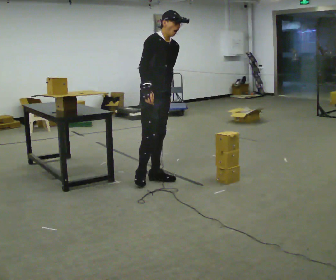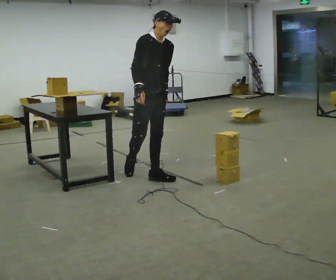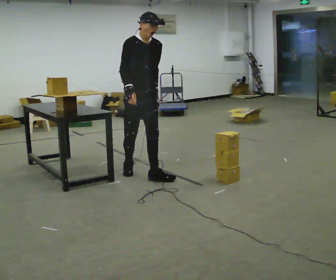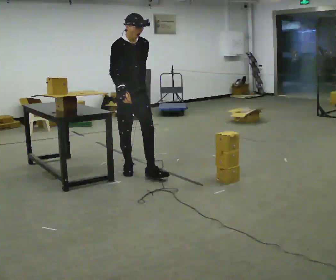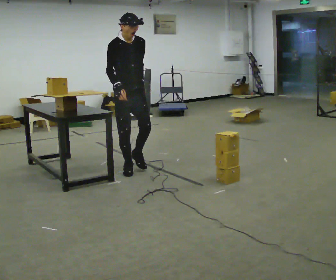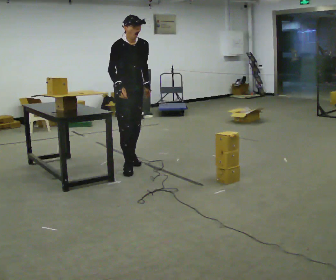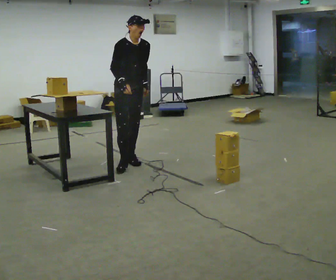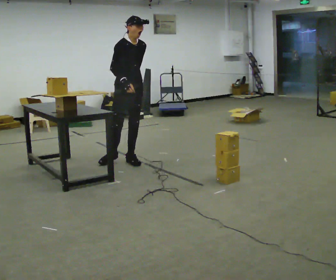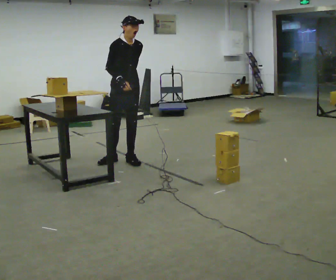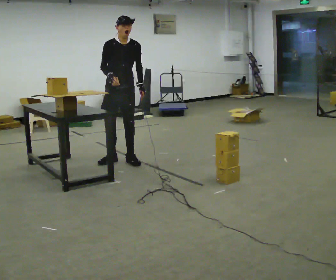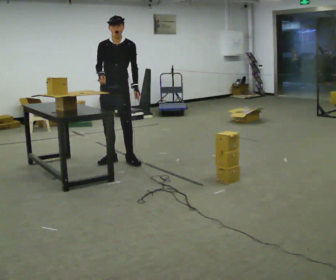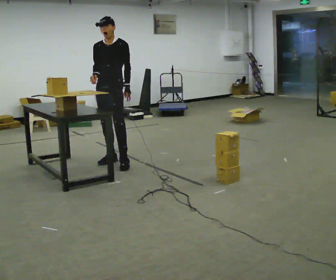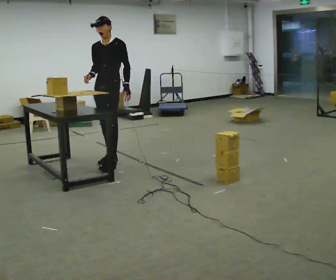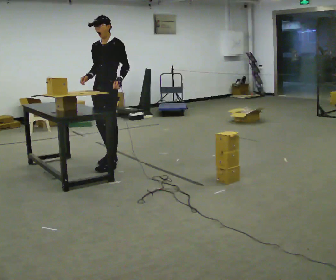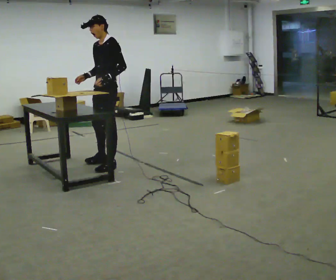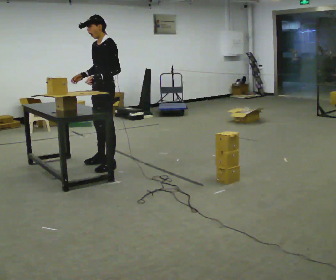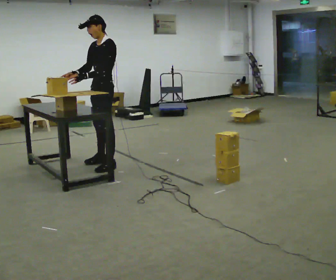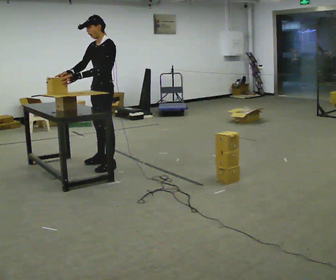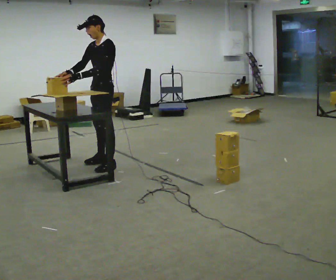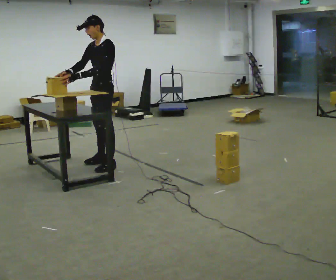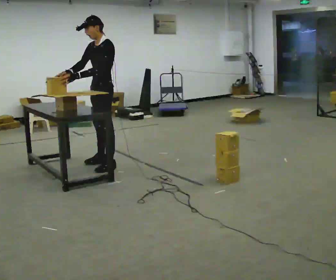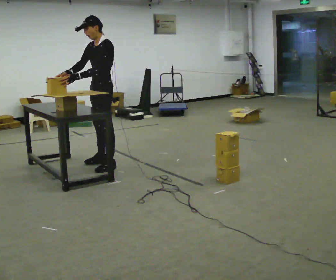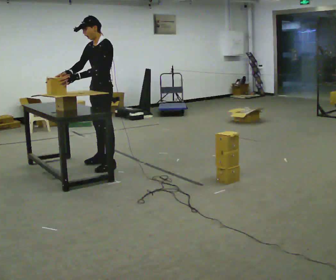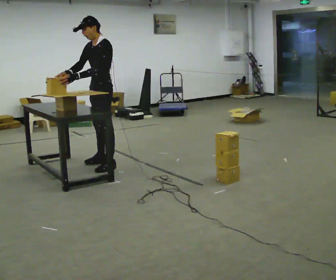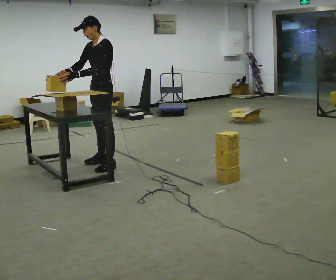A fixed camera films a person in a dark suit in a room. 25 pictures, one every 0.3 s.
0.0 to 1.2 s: In the picture they go away from the camera and to the left, about 0.5 m in 1 step, which for them is backward. In the picture the upper body tilts counterclockwise, shoulders to the left.
1.2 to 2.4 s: In the picture they go away from the camera, about 0.25 m in 1 step, which for them is backward.
2.4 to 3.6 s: Seen from above the body turns clockwise, about 60 degrees: to their right, with its near side sliding to the left.
3.6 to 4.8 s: Seen from above the body turns clockwise, about 30 degrees: to their right, with its near side sliding to the left. In the picture they go toward the camera, about 0.25 m, which for them is to their left. In the picture their left hand goes to the left, the arm swinging clockwise.
4.8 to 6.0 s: The person moves a little, or ends about where they began.
6.0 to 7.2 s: The person keeps their place and pose.
The film runs backward here.
